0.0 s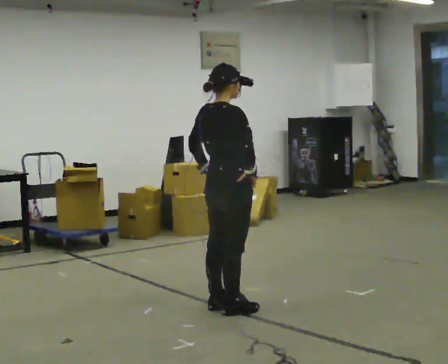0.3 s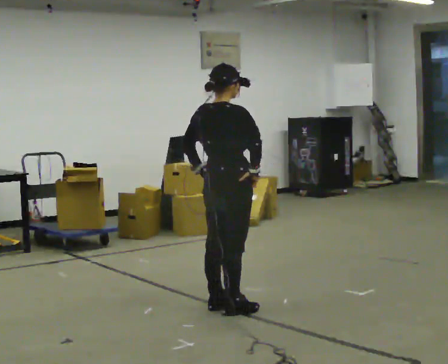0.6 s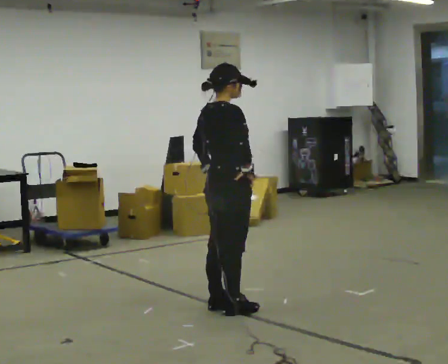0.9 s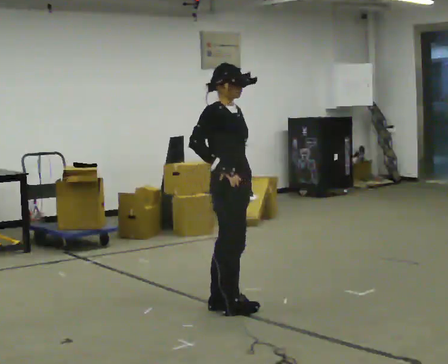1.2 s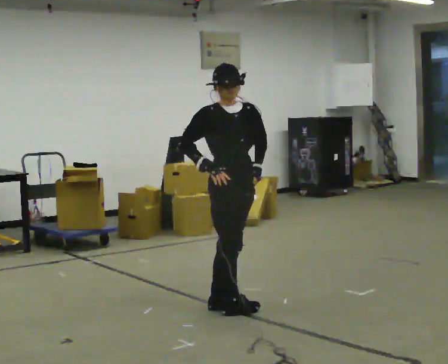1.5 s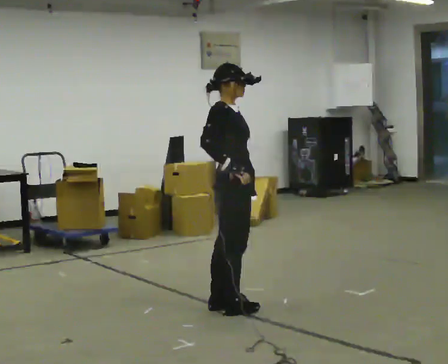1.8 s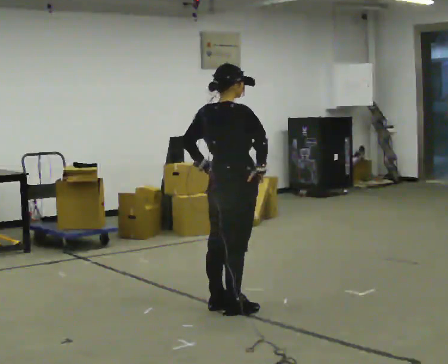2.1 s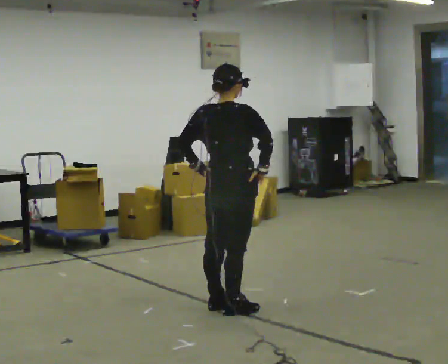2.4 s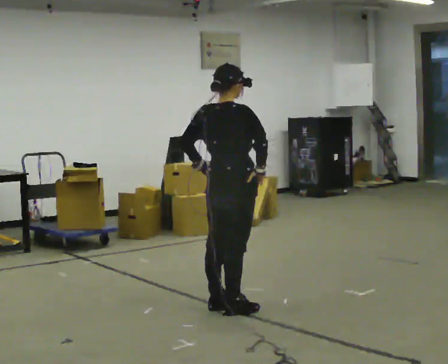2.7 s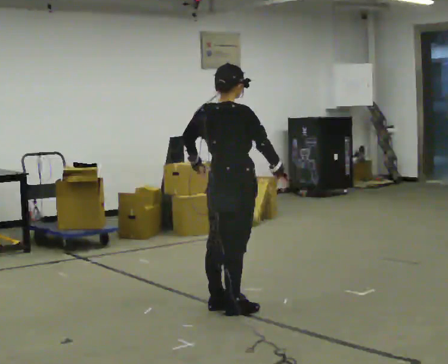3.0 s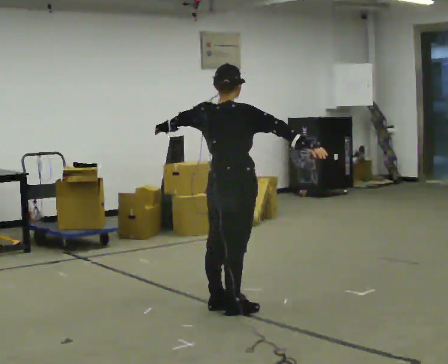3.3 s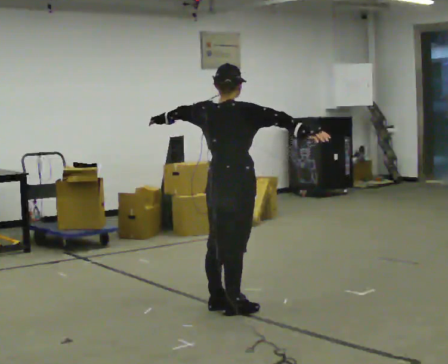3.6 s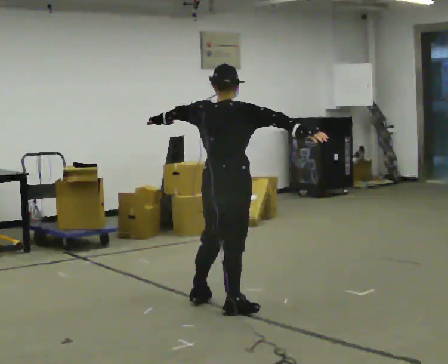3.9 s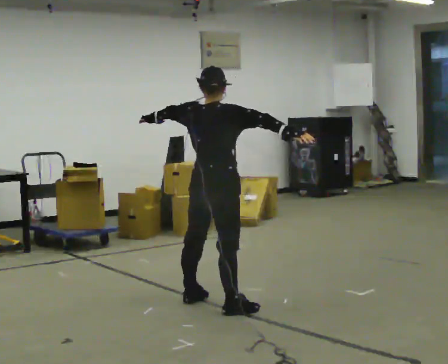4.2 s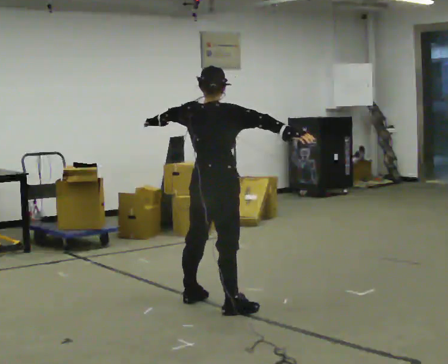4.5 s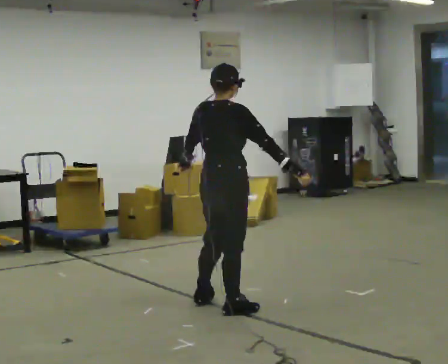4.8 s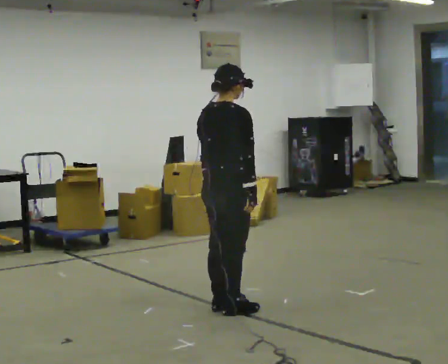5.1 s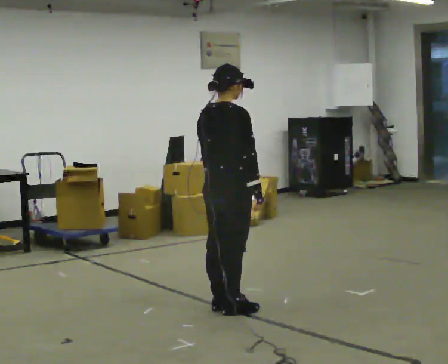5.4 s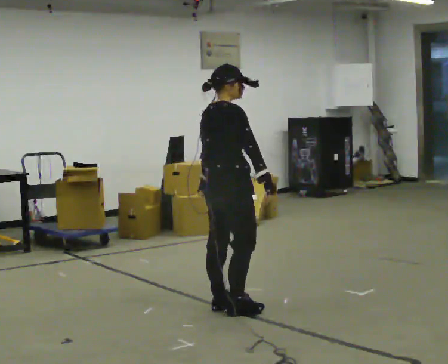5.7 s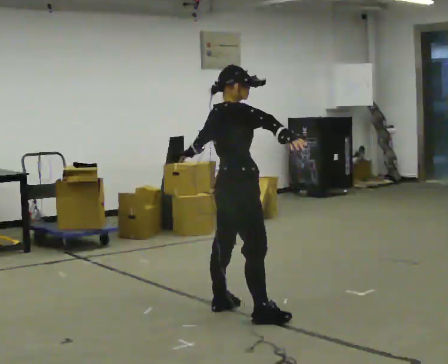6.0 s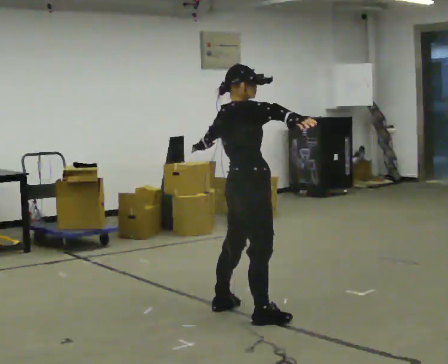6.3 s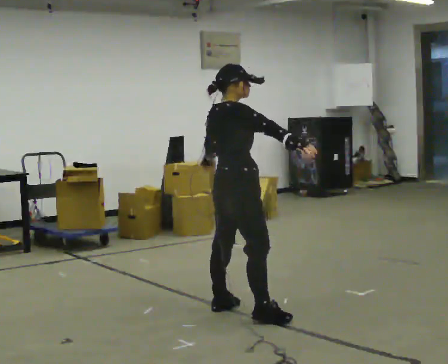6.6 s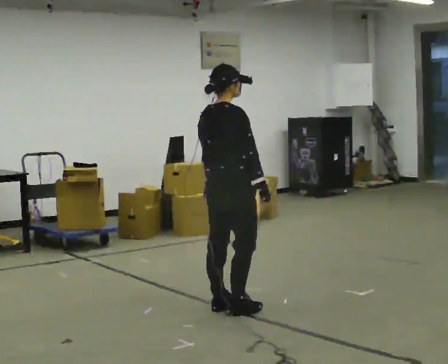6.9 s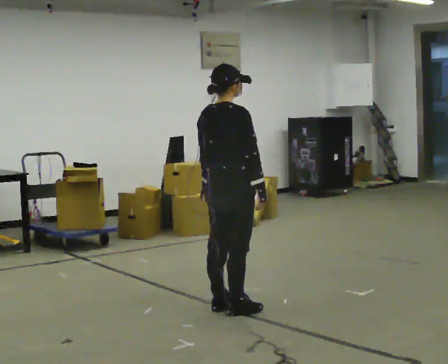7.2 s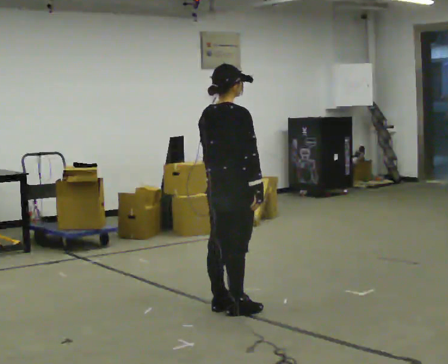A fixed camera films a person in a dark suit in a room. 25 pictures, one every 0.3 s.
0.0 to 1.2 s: Seen from above the body turns clockwise, about 75 degrees: to their right, with its near side sliding to the left. In the picture their left hand goes to the right.
1.2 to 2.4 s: The person turns about 90 degrees to their left, counterclockwise seen from above, so the part of the body nearest the lens slides to the right. In the picture their left hand goes to the left, the arm swinging clockwise.
2.4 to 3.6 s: The person moves a little, or ends about where they began.
3.6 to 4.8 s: In the picture their left hand goes downward, the arm swinging counterclockwise.
4.8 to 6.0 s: In the picture their right hand goes upward.
6.0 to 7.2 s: In the picture their right hand goes downward.
The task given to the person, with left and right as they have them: Repeat a short dance step or sequence over and over in time with a steady beat.
The film runs forward here.
